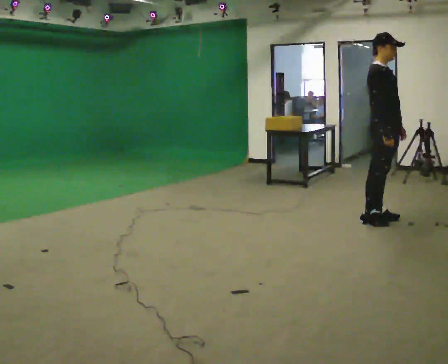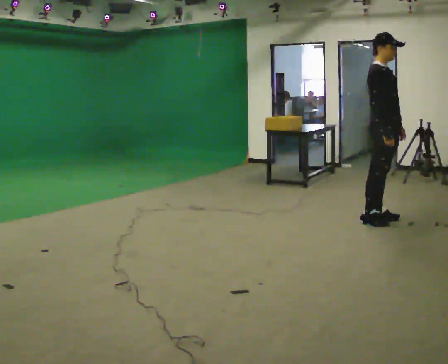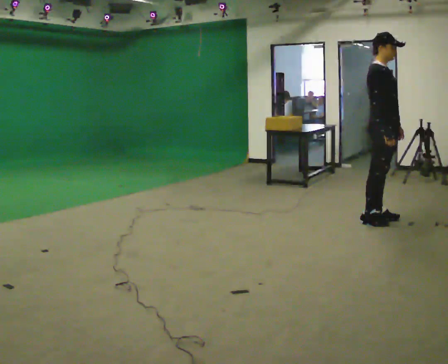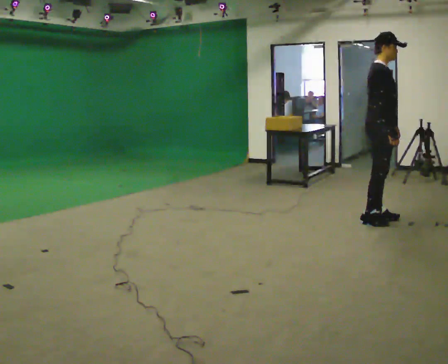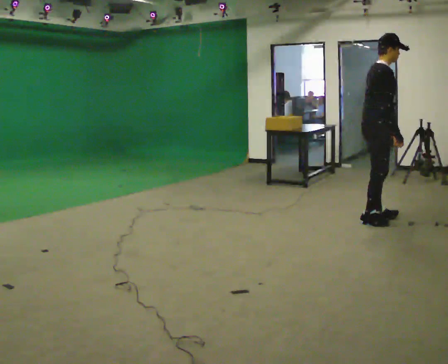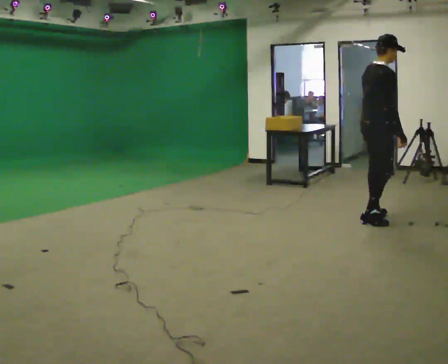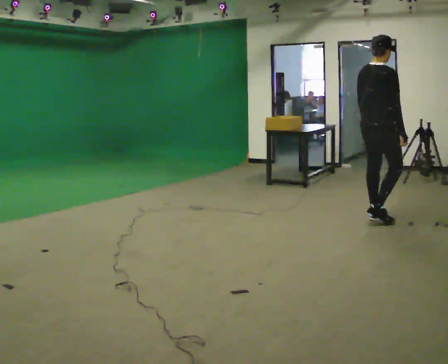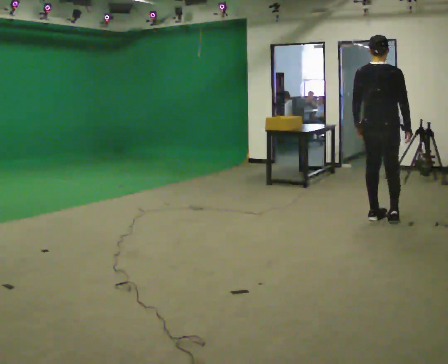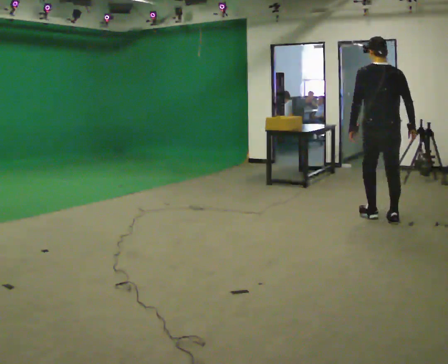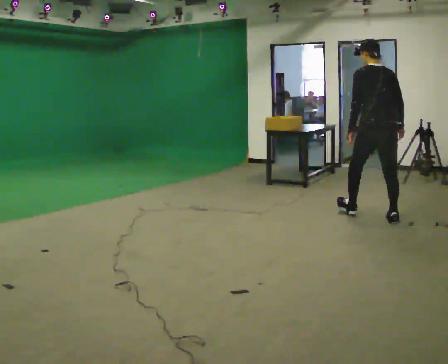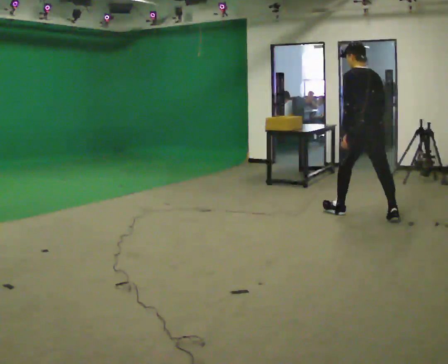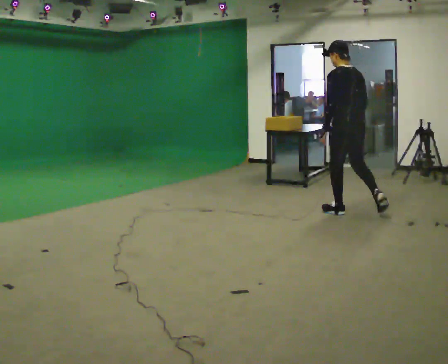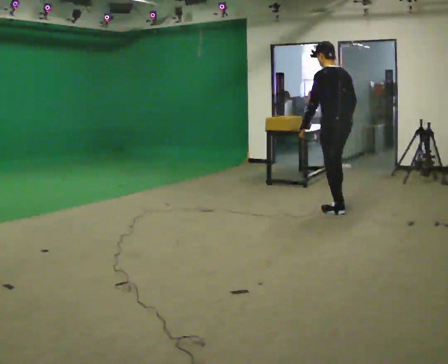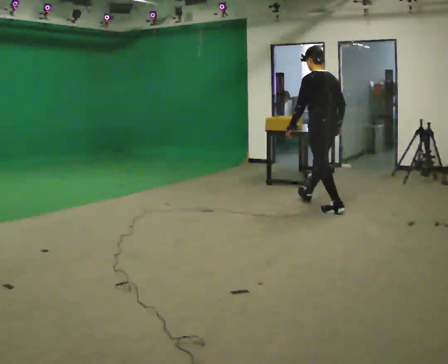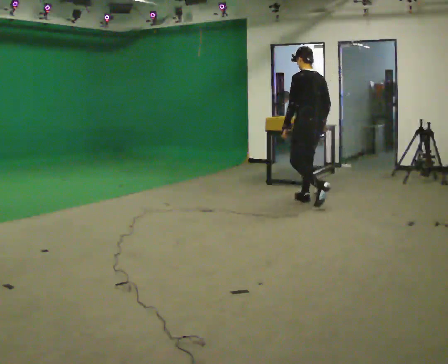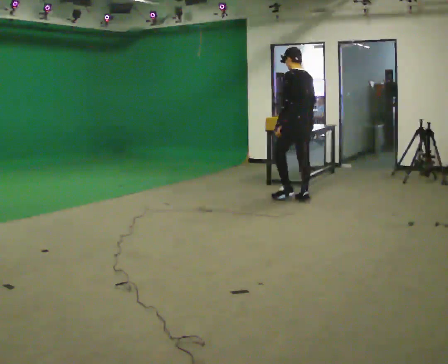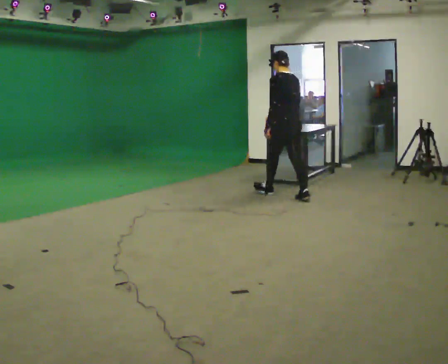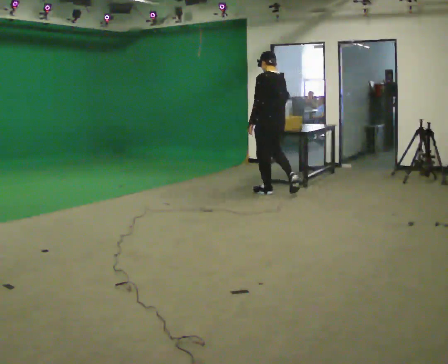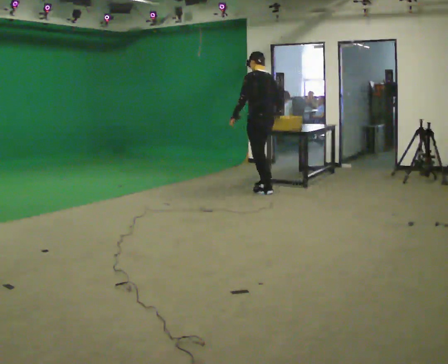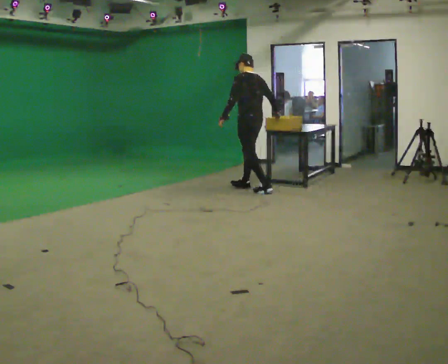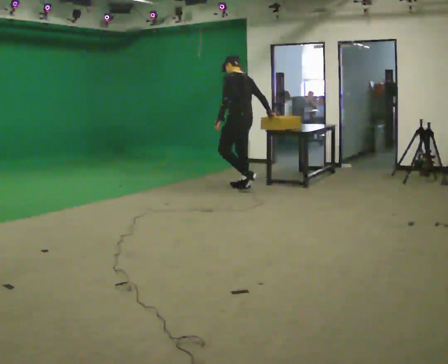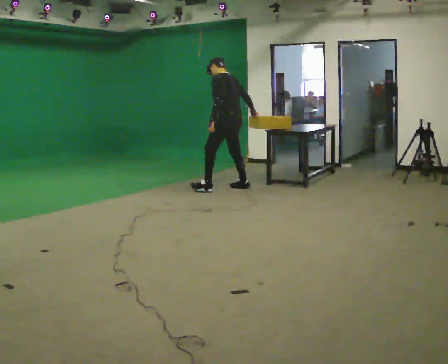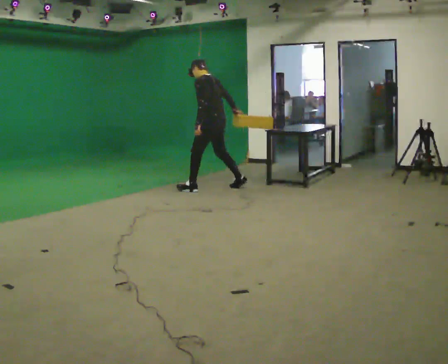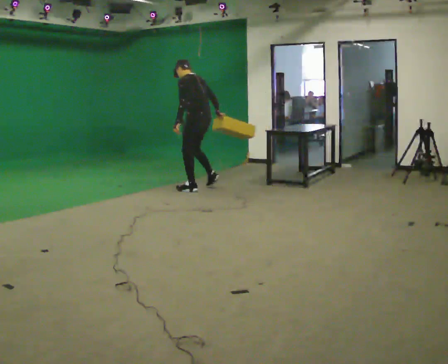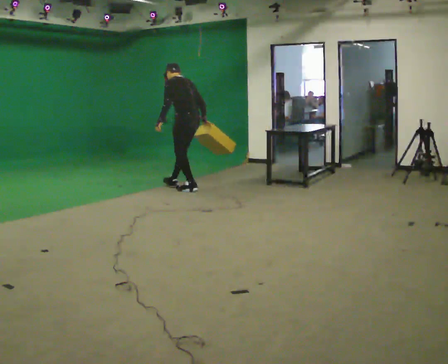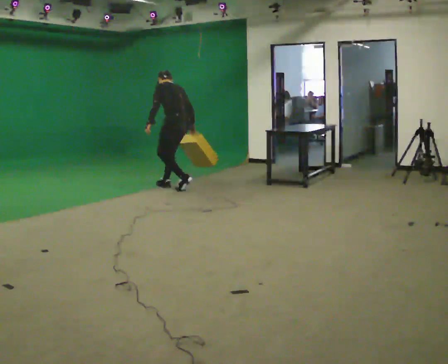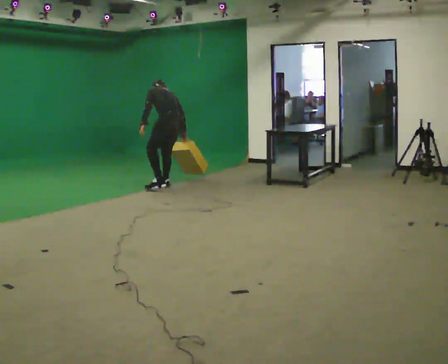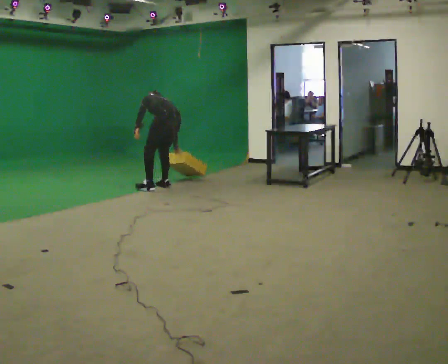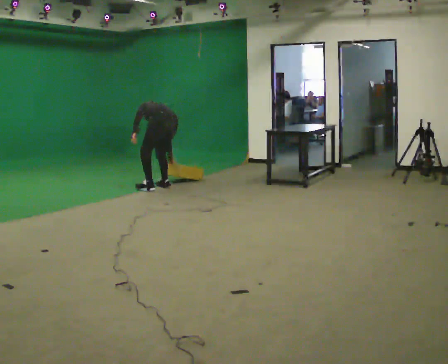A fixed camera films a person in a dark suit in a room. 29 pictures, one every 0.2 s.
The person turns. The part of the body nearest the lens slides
to the right.
The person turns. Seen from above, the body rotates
counterclockwise.
0.0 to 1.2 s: The person turns about 75 degrees to their left, counterclockwise seen from above, so the part of the body nearest the lens slides to the right. In the picture their left hand goes to the left.
1.2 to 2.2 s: Seen from above the body turns counterclockwise, about 75 degrees: to their left, with its near side sliding to the right. In the picture they go away from the camera and to the left, about 0.5 m in 2 steps. In the picture the upper body tilts counterclockwise, shoulders to the left.
2.2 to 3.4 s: In the picture they go to the left and away from the camera, about 1 m in 2 steps, which for them is forward.
3.4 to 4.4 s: In the picture they go to the left, about 1 m in 2 steps, which for them is forward. In the picture the upper body tilts counterclockwise, shoulders to the left.
4.4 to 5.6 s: In the picture they go to the left, about 0.5 m in 2 steps, which for them is to their left and forward. The upper body goes downward. The upper body tips away from the camera, its near side rolling upward, as they bend forward.
The film runs forward here.
